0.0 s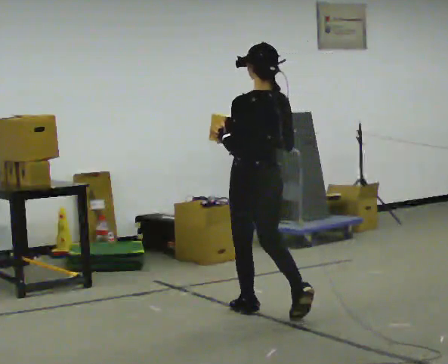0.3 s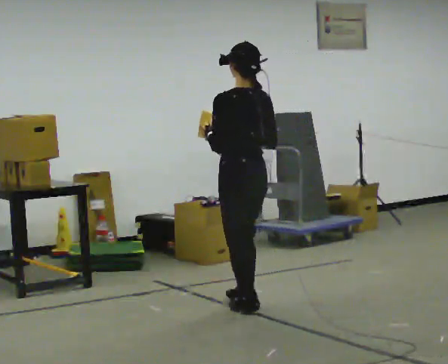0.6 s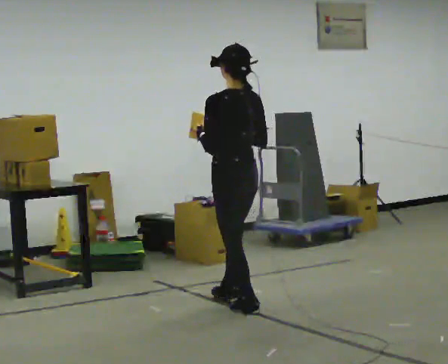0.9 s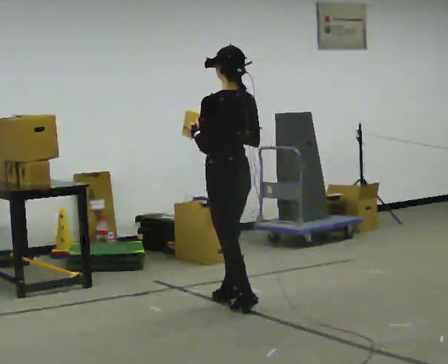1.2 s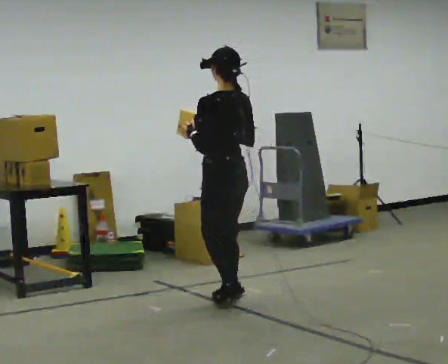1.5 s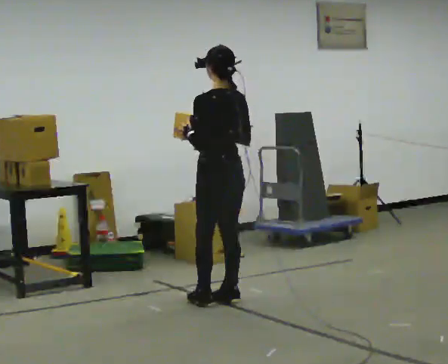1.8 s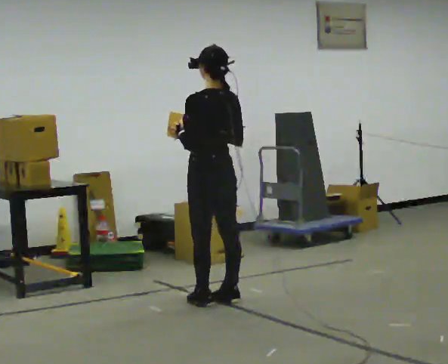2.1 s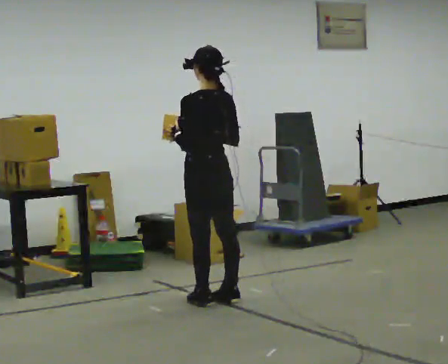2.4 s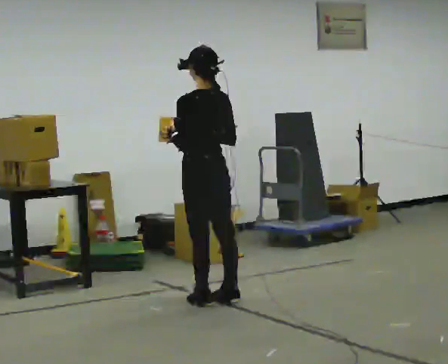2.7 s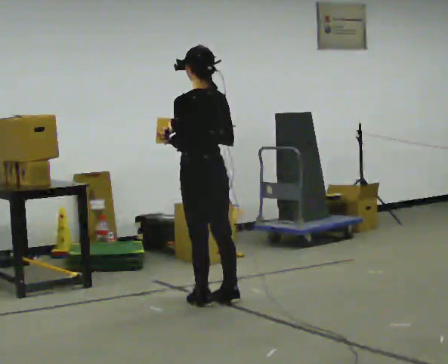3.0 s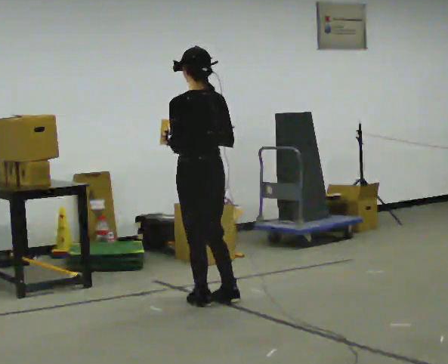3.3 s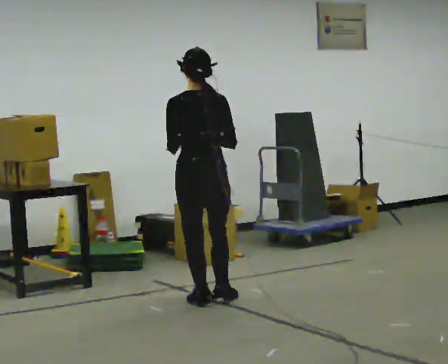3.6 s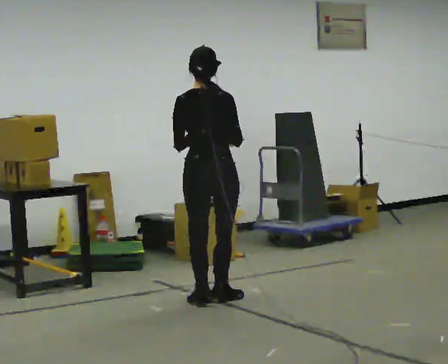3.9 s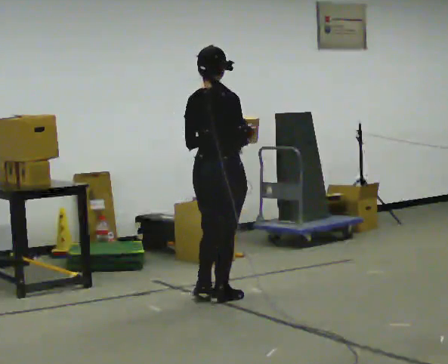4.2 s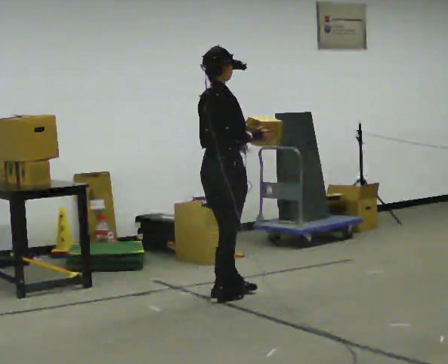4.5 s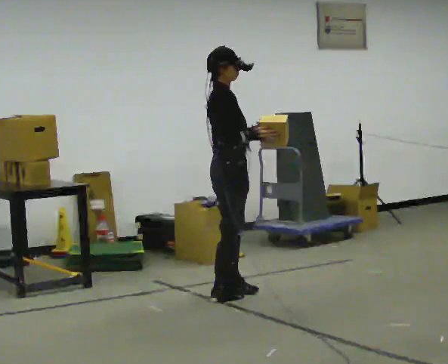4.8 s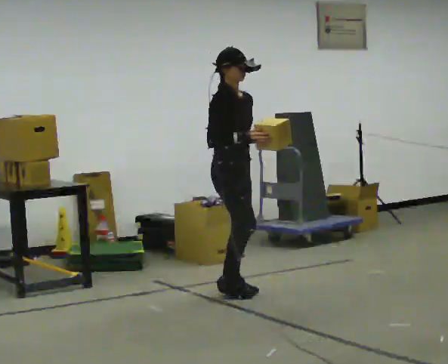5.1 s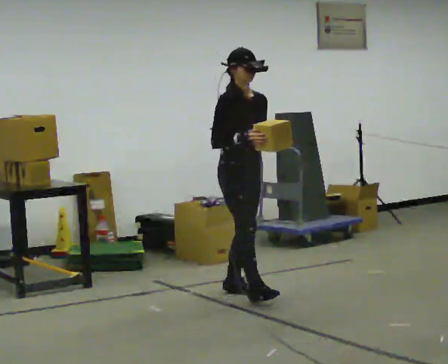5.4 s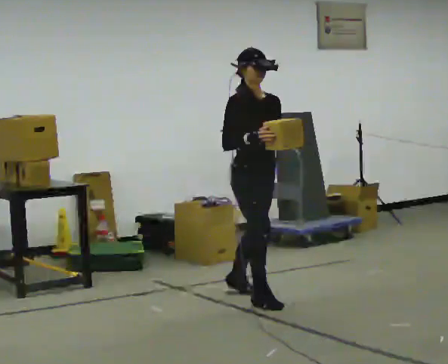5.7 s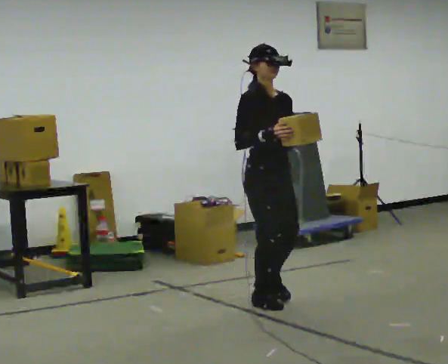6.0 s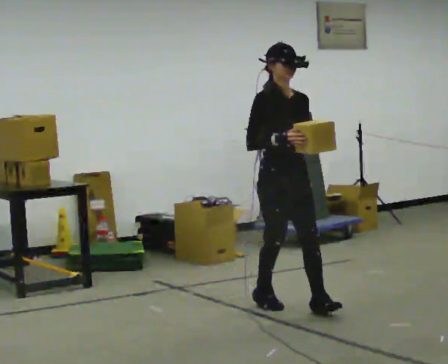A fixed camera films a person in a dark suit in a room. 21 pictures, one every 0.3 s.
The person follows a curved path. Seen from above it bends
clockwise.
The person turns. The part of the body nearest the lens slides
to the left.
0.0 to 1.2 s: In the picture they go away from the camera and to the left, about 0.5 m in 1 step, which for them is forward.
1.2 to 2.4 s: The person moves a little, or ends about where they began.
2.4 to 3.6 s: Seen from above the body turns clockwise, about 45 degrees: to their right, with its near side sliding to the left.
3.6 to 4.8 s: The person turns about 105 degrees to their right, clockwise seen from above, so the part of the body nearest the lens slides to the left. In the picture they go away from the camera, about 0.25 m in 1 step.
4.8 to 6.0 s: The person turns about 30 degrees to their right, clockwise seen from above, so the part of the body nearest the lens slides to the left. In the picture they go toward the camera and to the right, about 0.5 m in 1 step, which for them is forward.
The film runs forward here.
